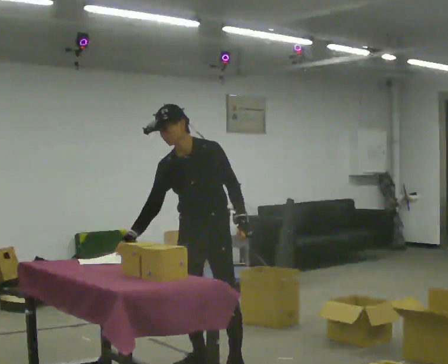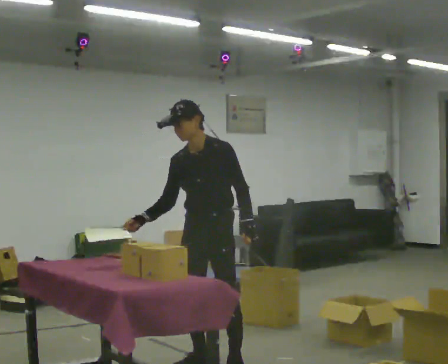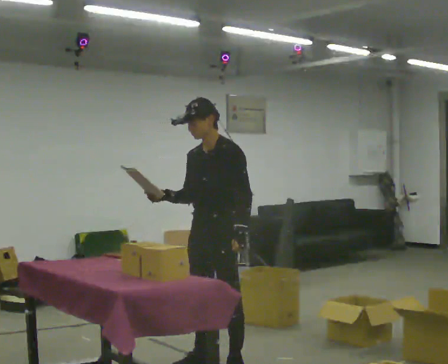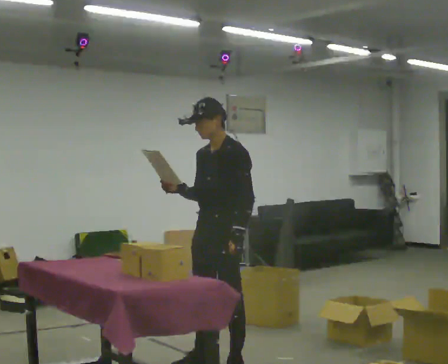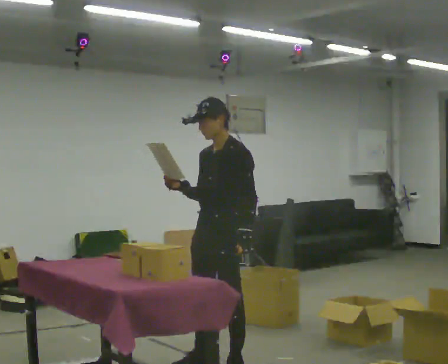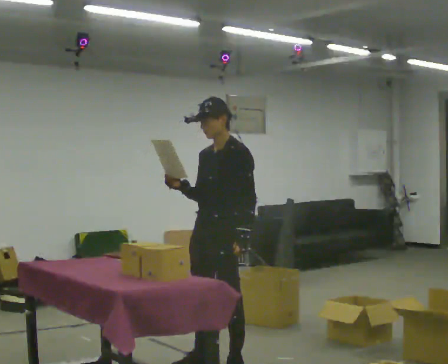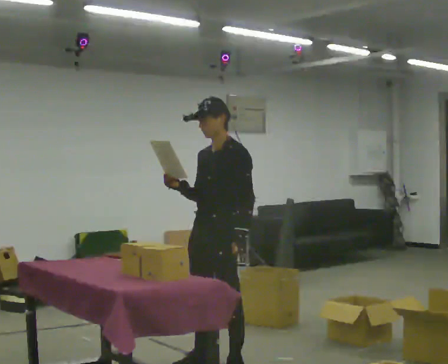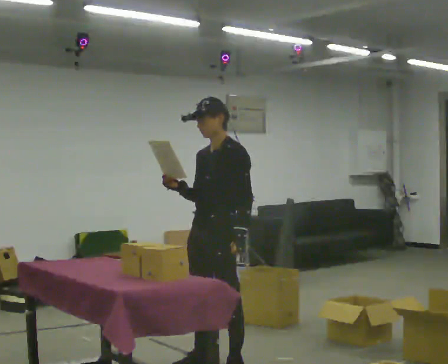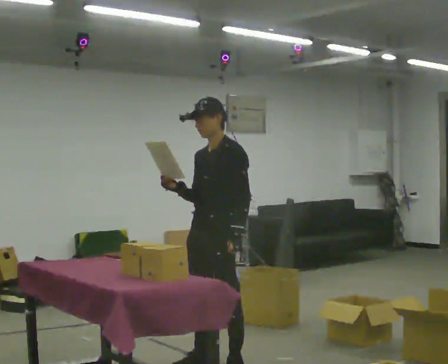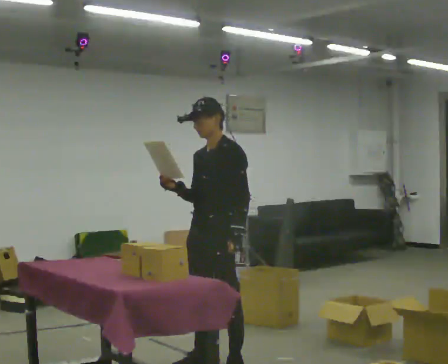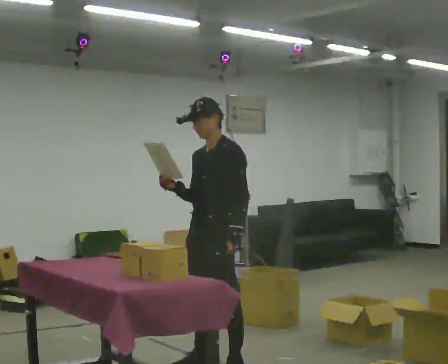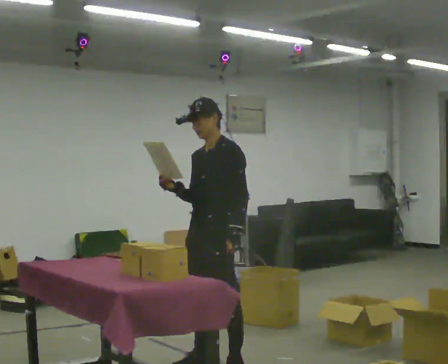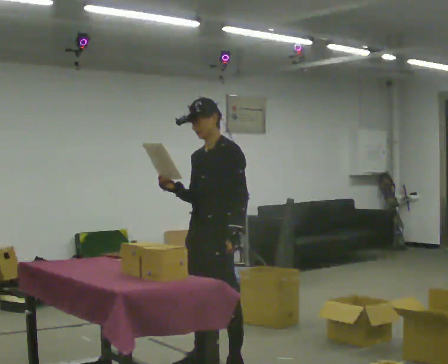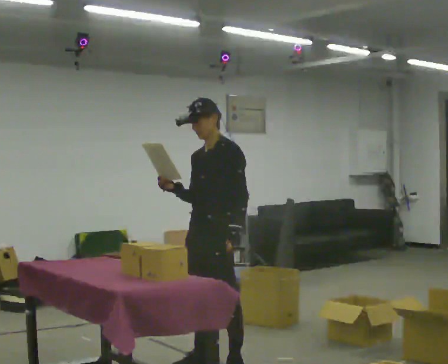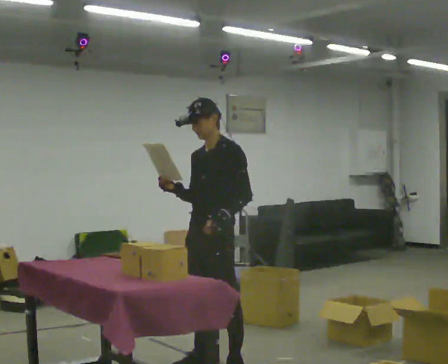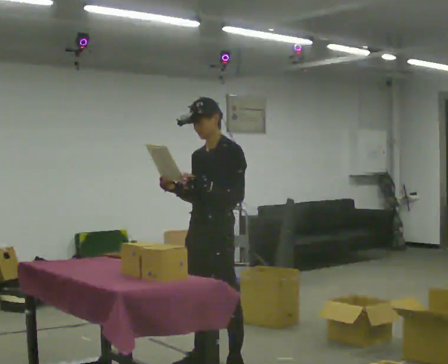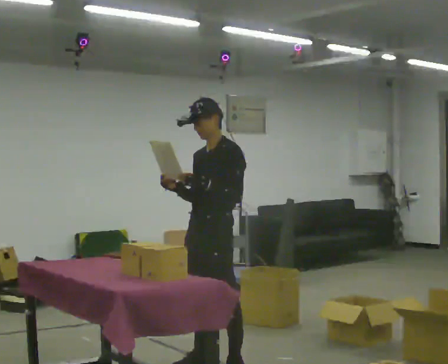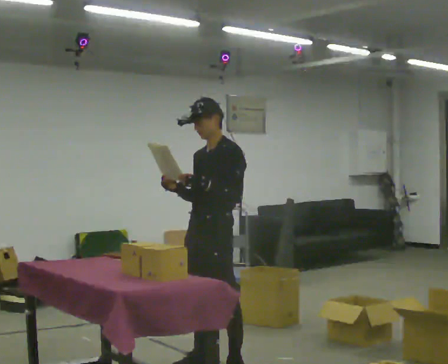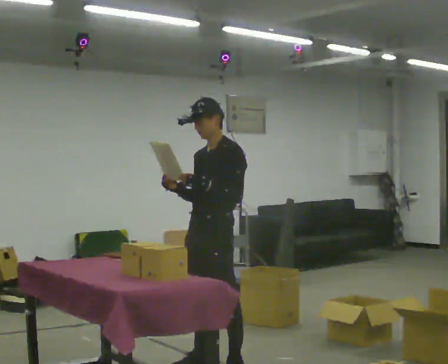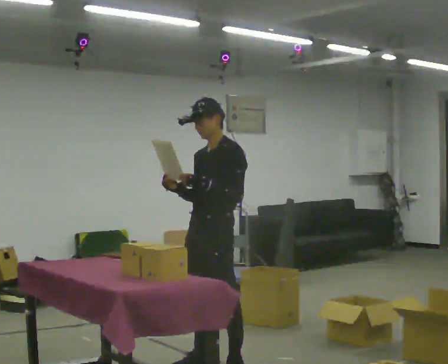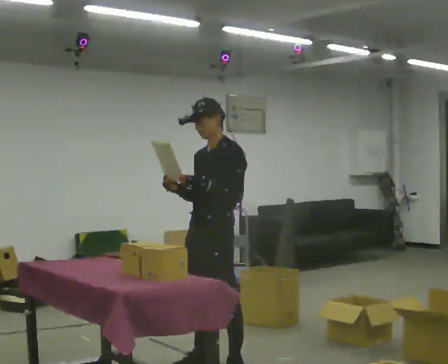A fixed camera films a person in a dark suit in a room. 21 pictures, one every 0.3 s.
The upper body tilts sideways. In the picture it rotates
clockwise.
0.0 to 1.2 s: The person turns about 30 degrees to their right, clockwise seen from above, so the part of the body nearest the lens slides to the left. In the picture the upper body tilts clockwise, shoulders to the right. In the picture their right hand goes upward.
1.2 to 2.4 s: The person moves a little, or ends about where they began.
2.4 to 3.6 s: The person keeps their place and pose.
3.6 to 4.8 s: The person moves a little, or ends about where they began.
4.8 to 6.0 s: The person keeps their place and pose.
The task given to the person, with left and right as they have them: 1. Read the parts list. 2. Collect each part from the bins around the room. 3. Lay them out on the table in the order on the list. 4. Put them all in the carry case. 5. Tell the operator when you are finished.
The film runs forward here.
